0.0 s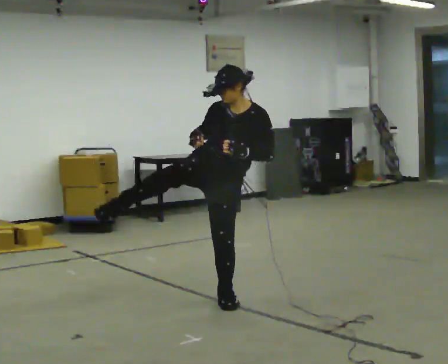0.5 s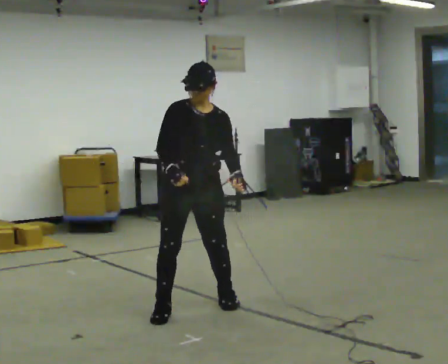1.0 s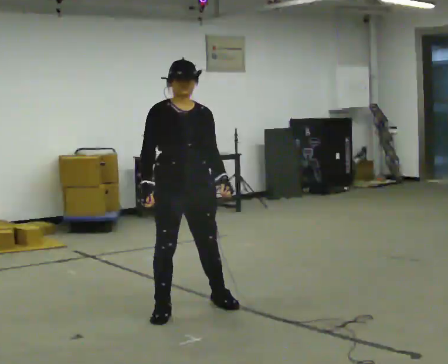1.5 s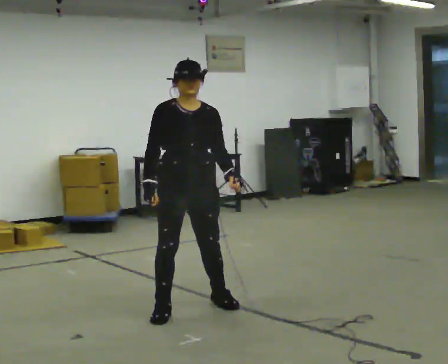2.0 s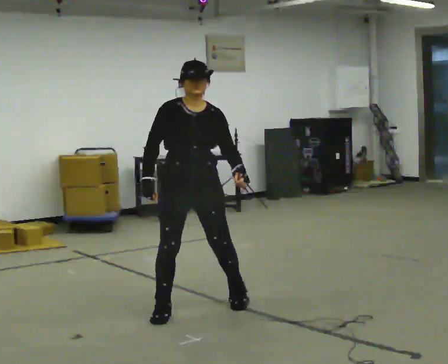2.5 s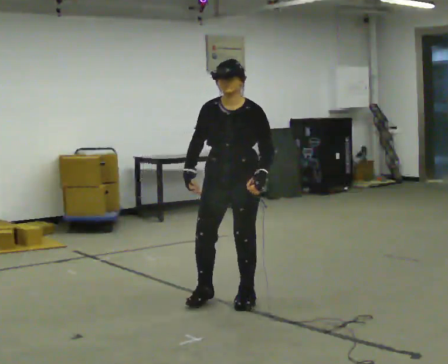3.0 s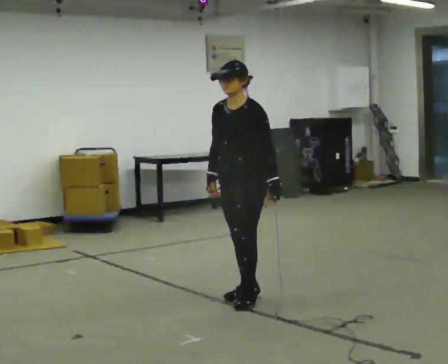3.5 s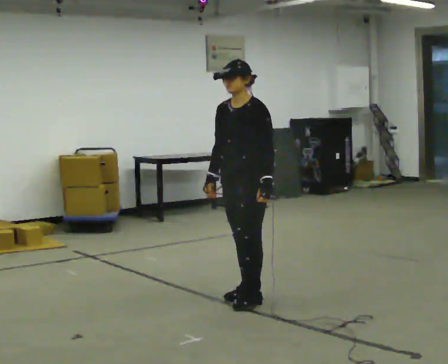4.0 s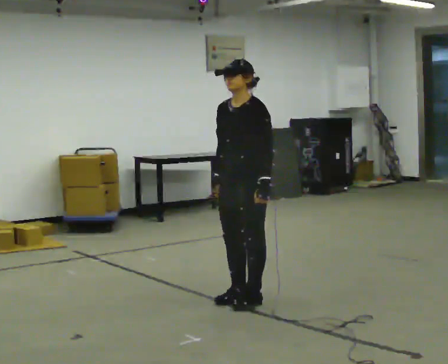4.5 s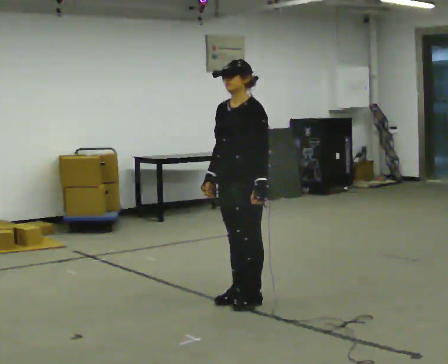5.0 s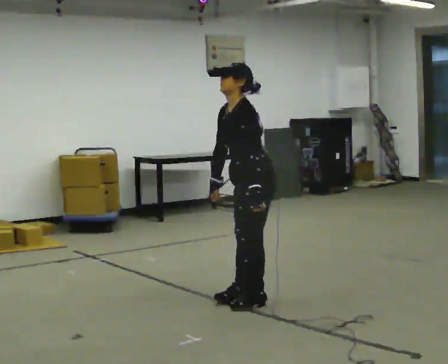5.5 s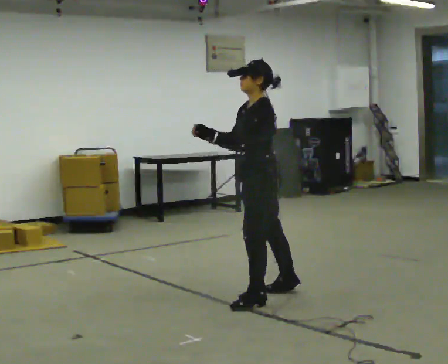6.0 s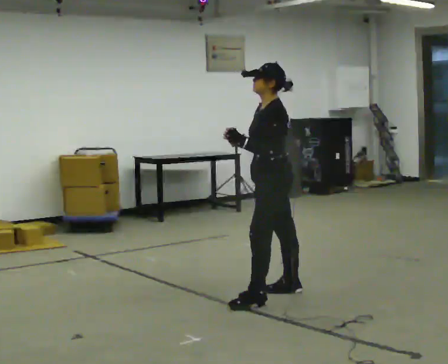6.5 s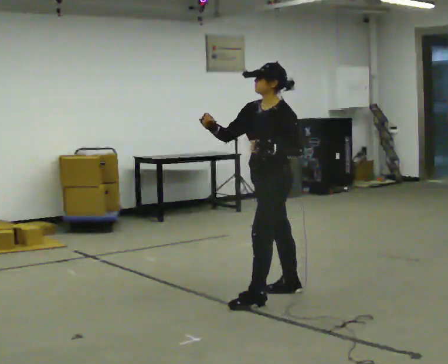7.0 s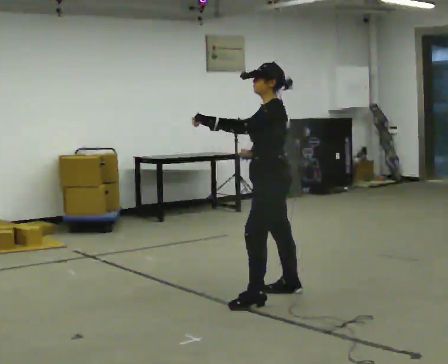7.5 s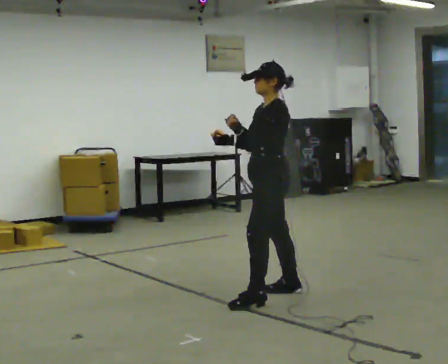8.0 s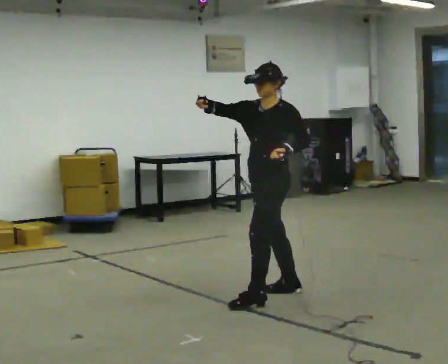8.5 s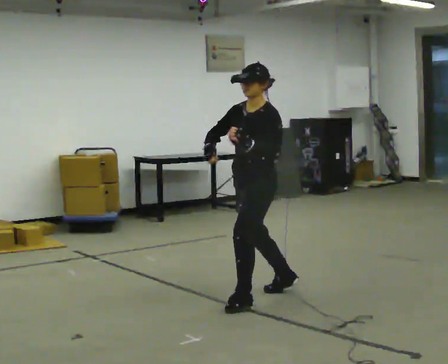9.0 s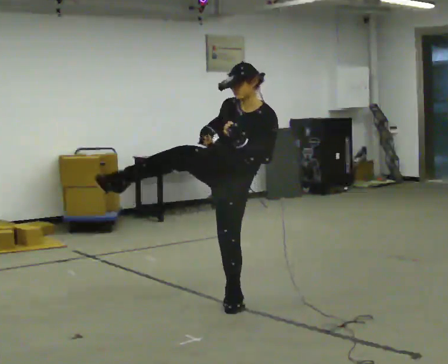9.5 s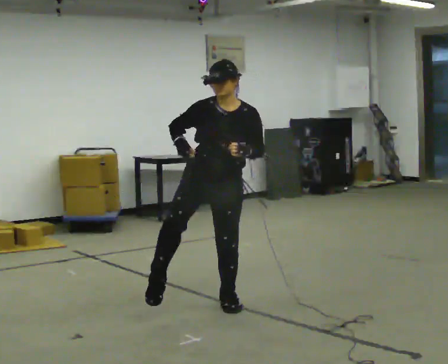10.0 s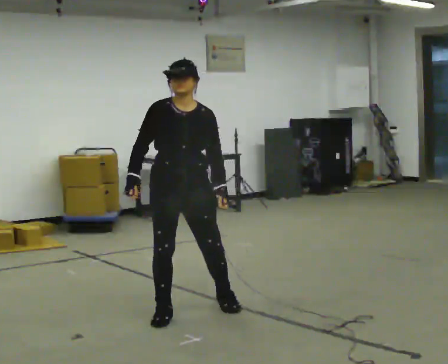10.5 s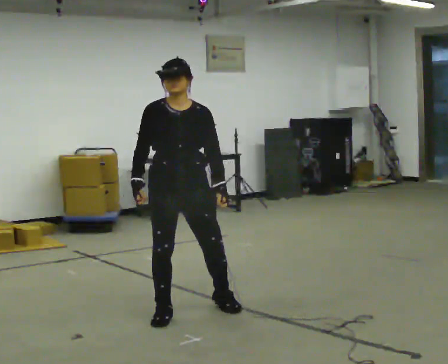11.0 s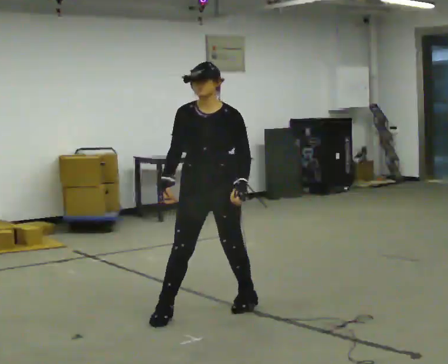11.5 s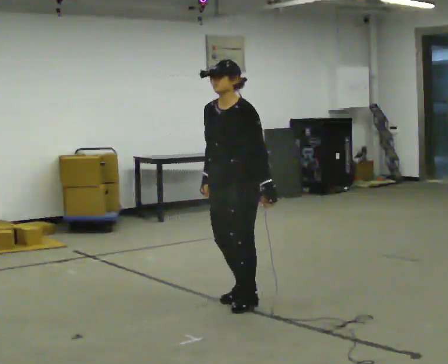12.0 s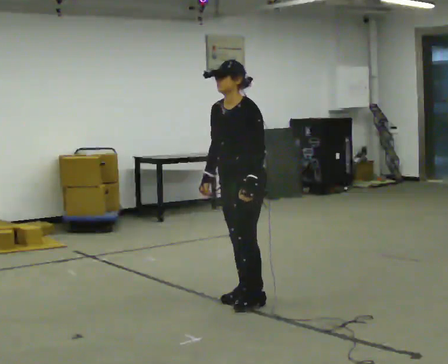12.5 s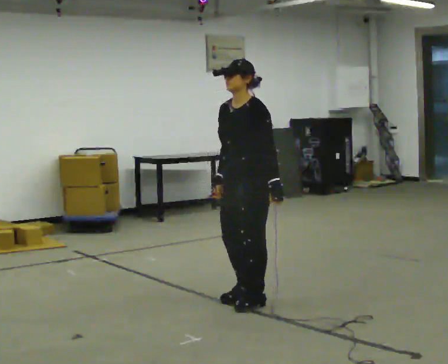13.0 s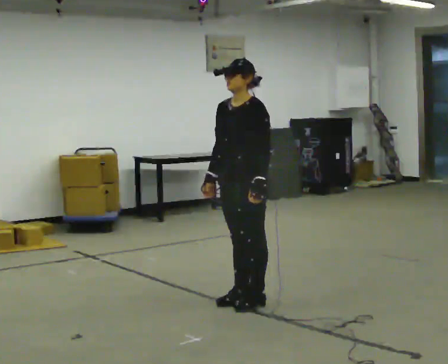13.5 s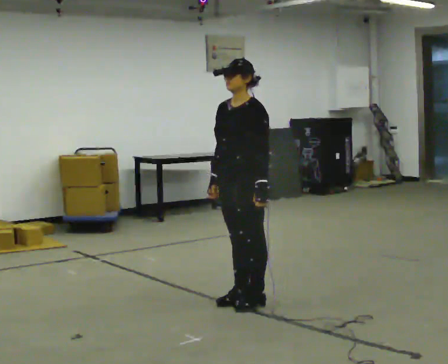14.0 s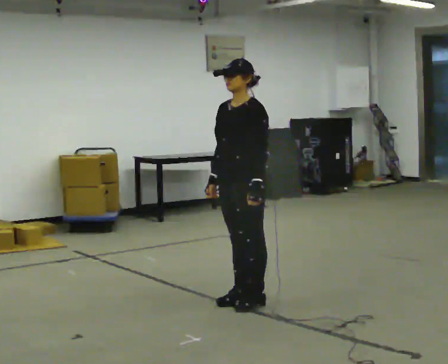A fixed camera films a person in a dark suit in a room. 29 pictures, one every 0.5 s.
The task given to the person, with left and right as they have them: Perform a slow martial arts form (https://youtu.be/ZMi83SPAP1Q?si=p1_31d3YaodeQQZT); kicks should be slow
0.0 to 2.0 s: In the picture they go to the left and toward the camera, about 0.25 m in 1 step, which for them is to their right.
2.0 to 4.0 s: Seen from above the body turns clockwise, about 60 degrees: to their right, with its near side sliding to the left. In the picture they go to the right and away from the camera, about 0.25 m in 2 steps.
4.0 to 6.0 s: Seen from above the body turns clockwise, about 45 degrees: to their right, with its near side sliding to the left. In the picture they go to the right, about 0.25 m in 1 step, which for them is backward.
6.0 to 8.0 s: The person turns about 30 degrees to their left, counterclockwise seen from above, so the part of the body nearest the lens slides to the right.
8.0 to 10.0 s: The person turns about 75 degrees to their left, counterclockwise seen from above, so the part of the body nearest the lens slides to the right. In the picture they go to the left and toward the camera, about 0.5 m in 1 step. In the picture their right hand goes downward.
10.0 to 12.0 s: Seen from above the body turns clockwise, about 60 degrees: to their right, with its near side sliding to the left. In the picture they go to the right and away from the camera, about 0.5 m in 1 step.
12.0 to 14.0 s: The person moves a little, or ends about where they began.
The film runs forward here.
